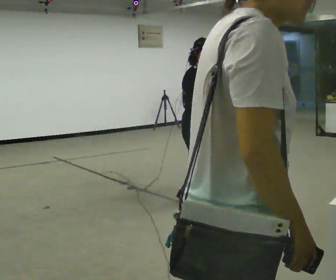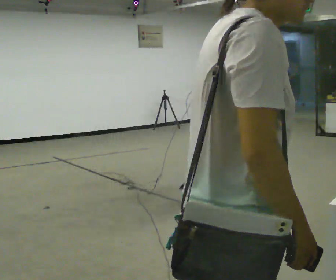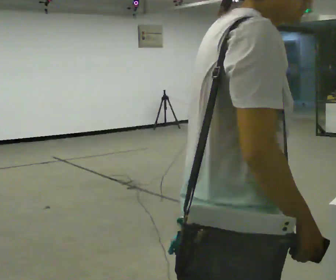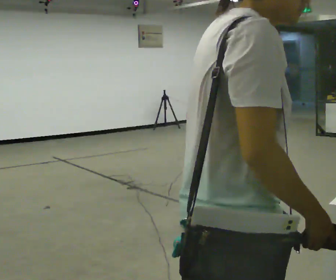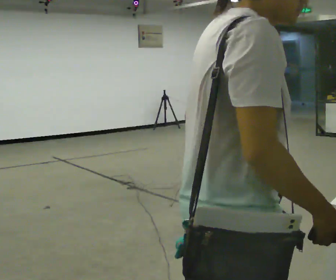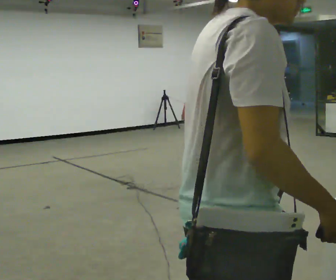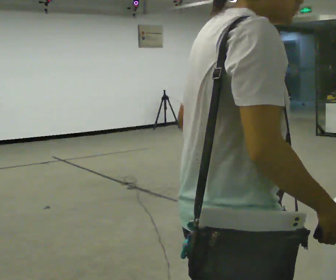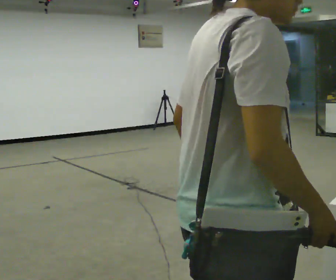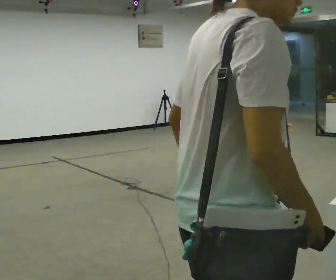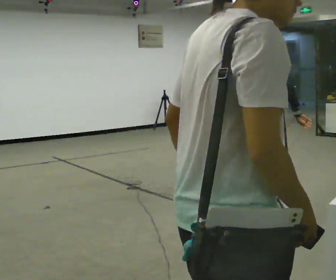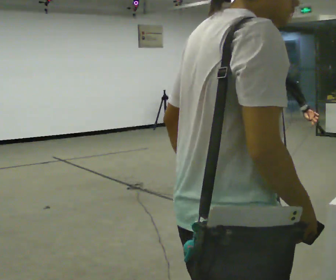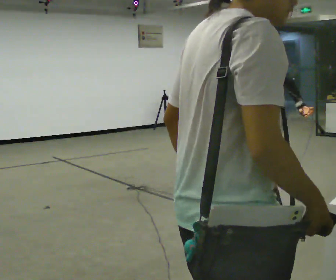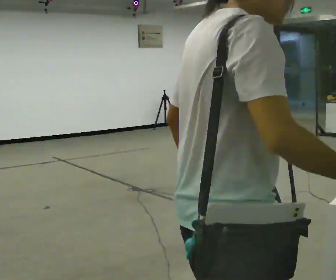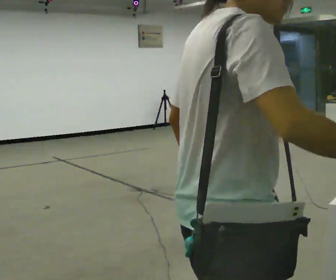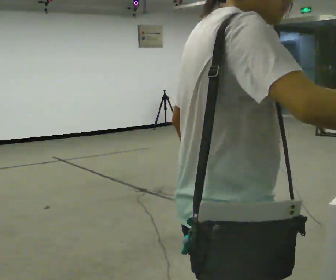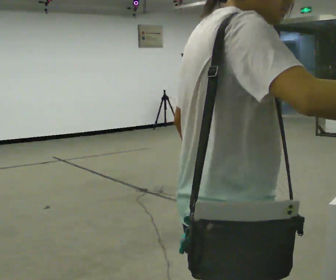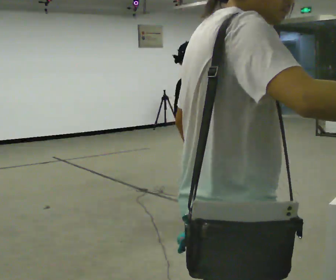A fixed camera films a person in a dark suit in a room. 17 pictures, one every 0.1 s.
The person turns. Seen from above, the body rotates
clockwise.
The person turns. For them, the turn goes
to their right.
0.0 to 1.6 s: The part of the body nearest the lens slides to the left as the person turns to their right by about 195 degrees. In the picture they go toward the camera, about 0.5 m in 3 steps. In the picture the upper body tilts counterclockwise, shoulders to the left.
The film runs forward here.
